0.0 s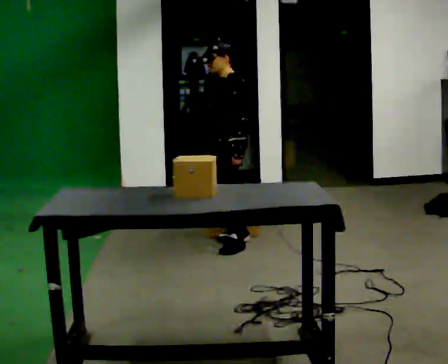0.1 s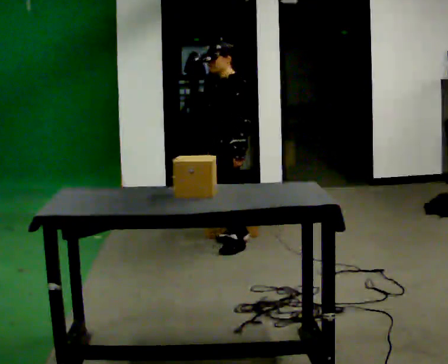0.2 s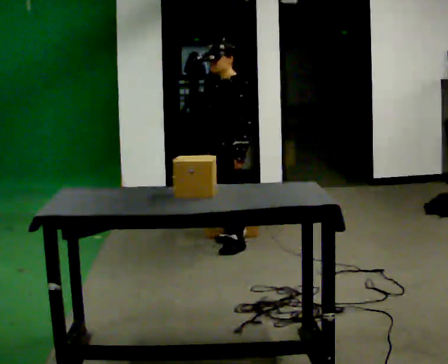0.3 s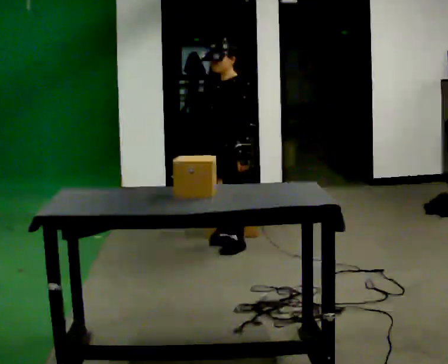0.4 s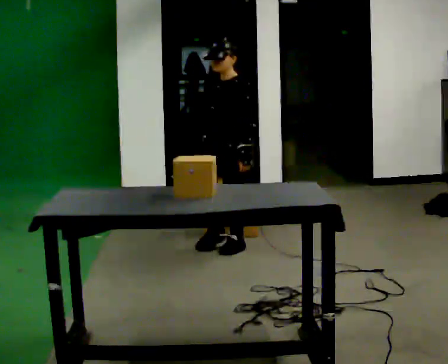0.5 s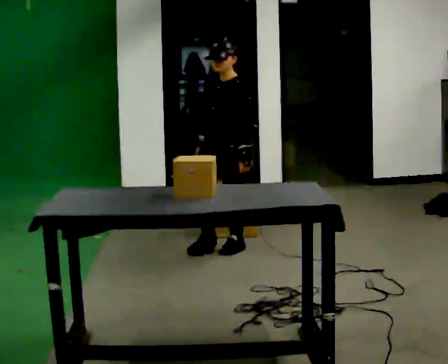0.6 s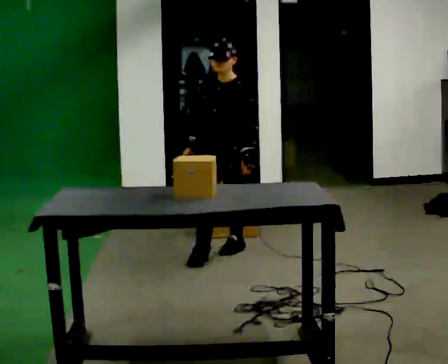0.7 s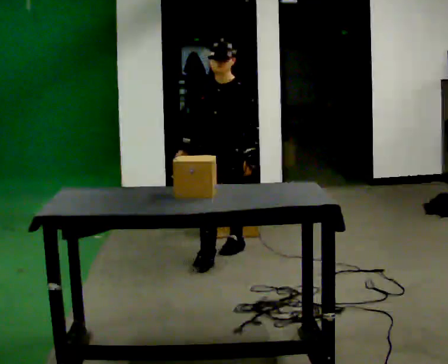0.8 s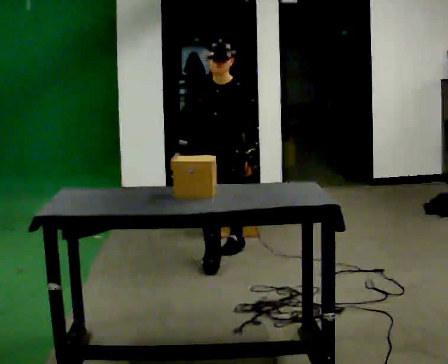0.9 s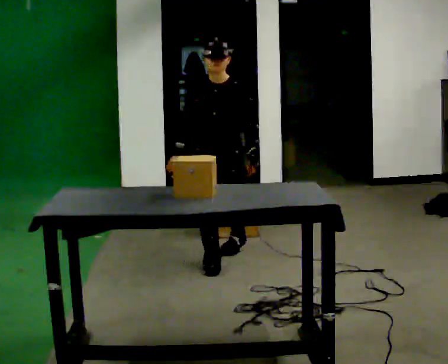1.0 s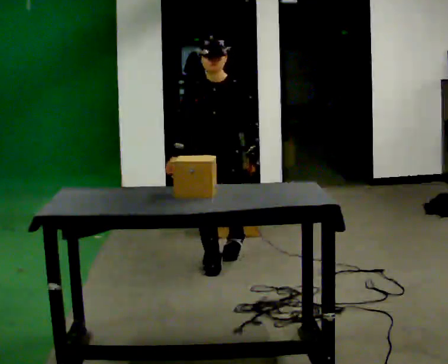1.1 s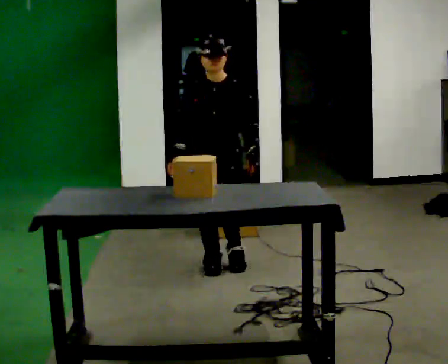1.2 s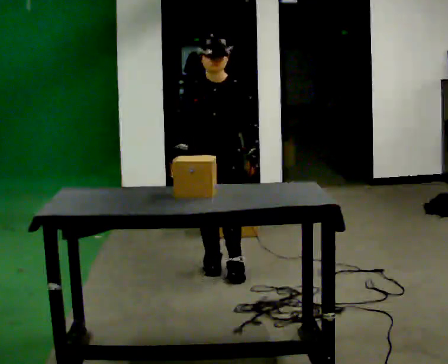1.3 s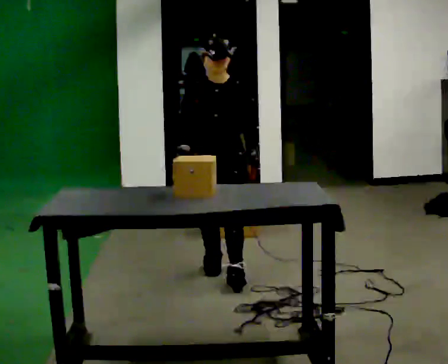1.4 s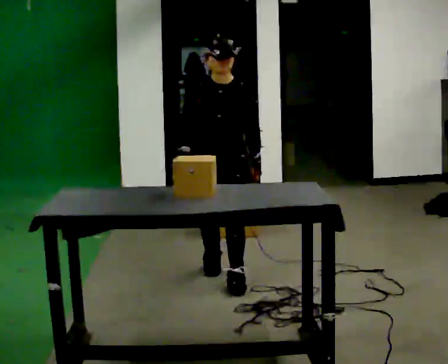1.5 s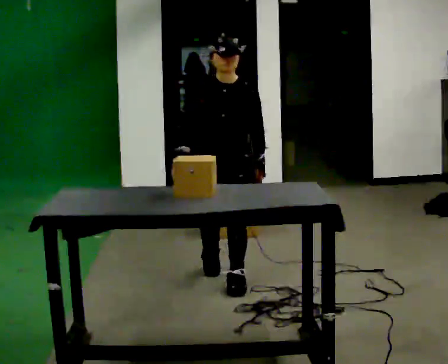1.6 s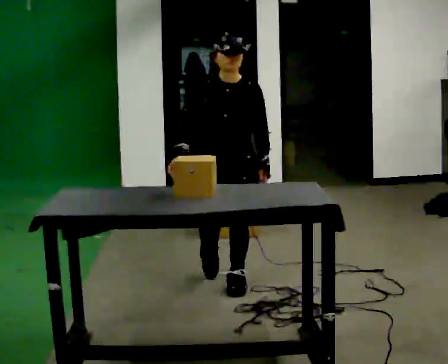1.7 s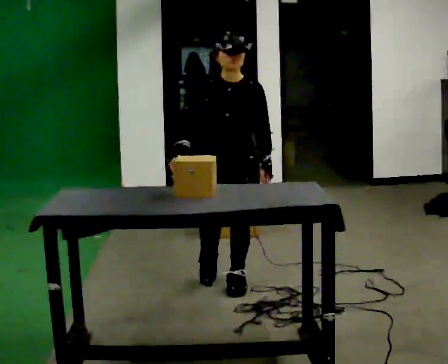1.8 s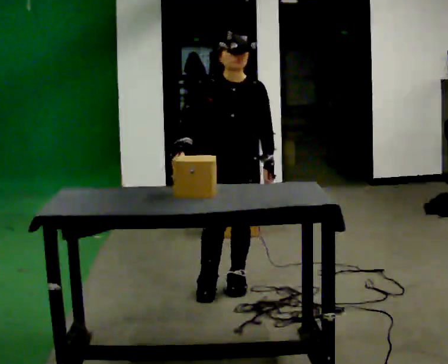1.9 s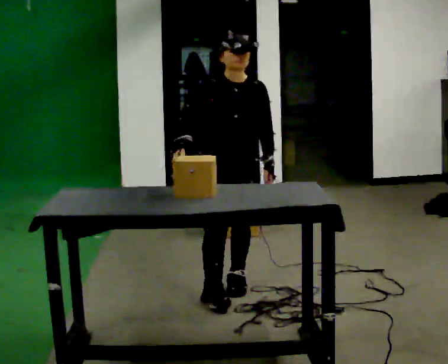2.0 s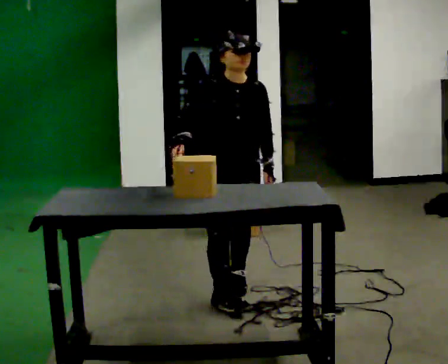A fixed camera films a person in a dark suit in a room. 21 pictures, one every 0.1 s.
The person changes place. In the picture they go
toward the camera.
The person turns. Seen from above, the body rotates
counterclockwise.
0.0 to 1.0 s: Seen from above the body turns counterclockwise, about 75 degrees: to their left, with its near side sliding to the right. In the picture they go toward the camera, about 0.5 m in 1 step.
1.0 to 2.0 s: In the picture they go toward the camera, about 0.5 m in 1 step, which for them is forward.
The film runs forward here.
